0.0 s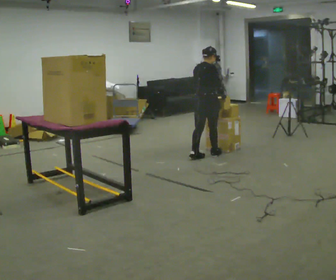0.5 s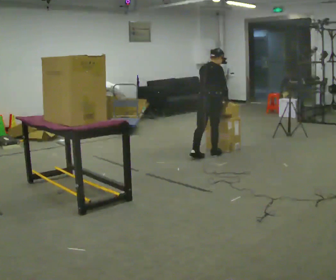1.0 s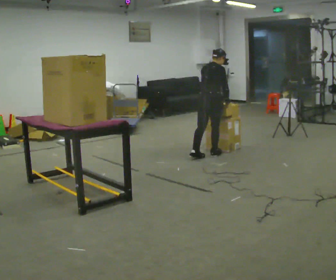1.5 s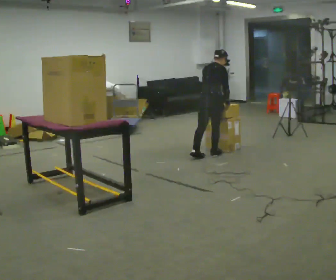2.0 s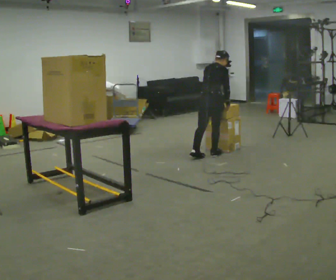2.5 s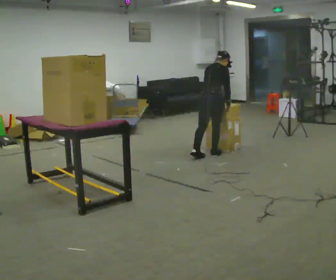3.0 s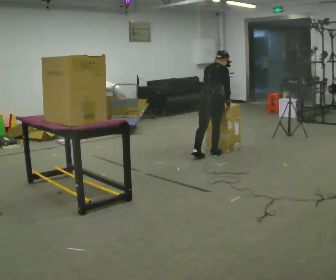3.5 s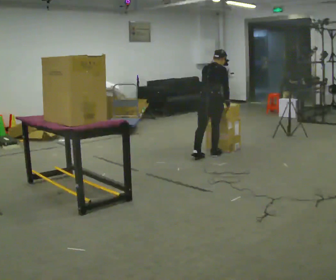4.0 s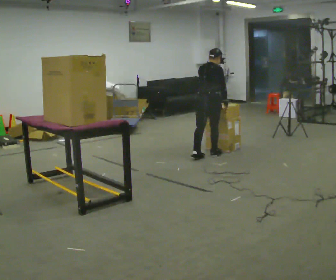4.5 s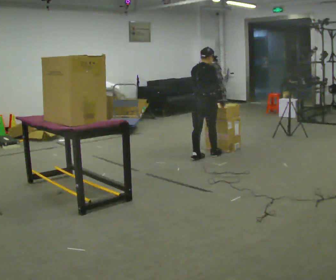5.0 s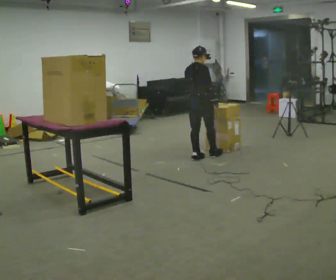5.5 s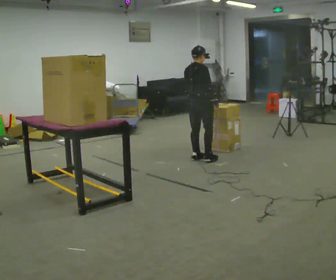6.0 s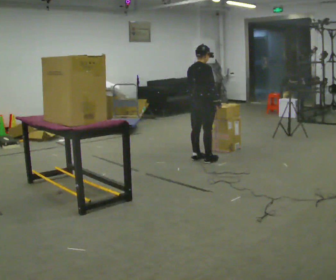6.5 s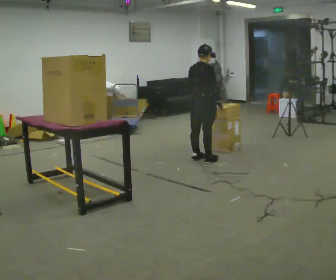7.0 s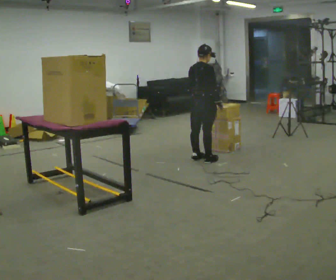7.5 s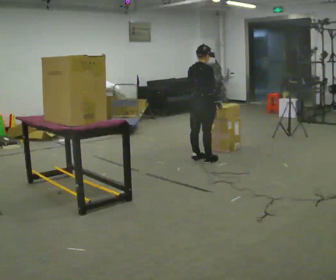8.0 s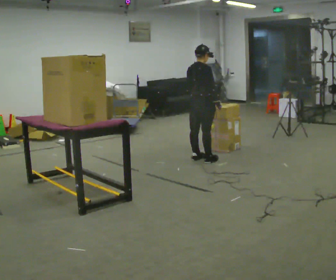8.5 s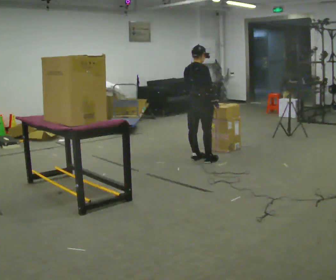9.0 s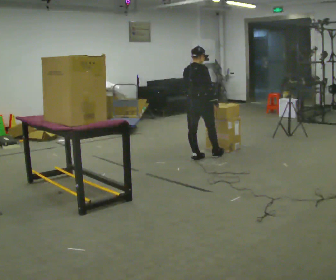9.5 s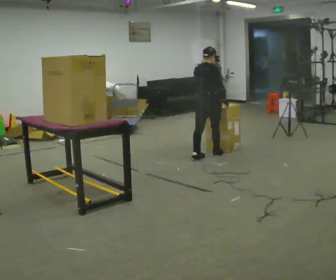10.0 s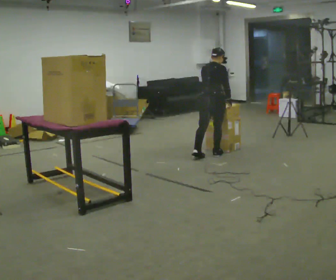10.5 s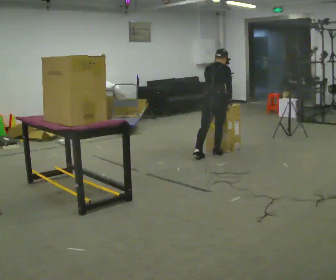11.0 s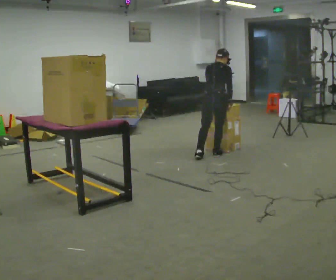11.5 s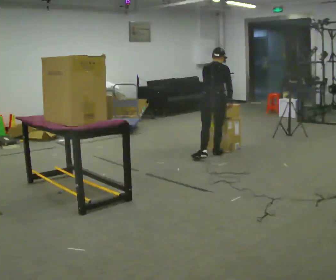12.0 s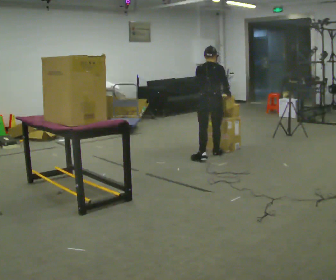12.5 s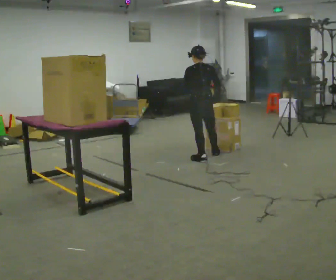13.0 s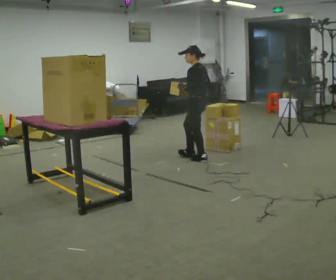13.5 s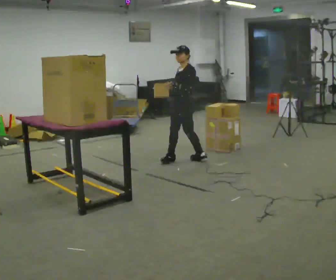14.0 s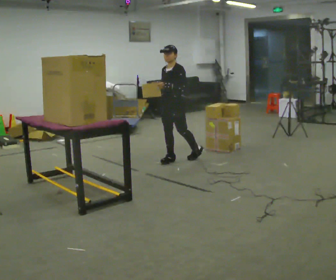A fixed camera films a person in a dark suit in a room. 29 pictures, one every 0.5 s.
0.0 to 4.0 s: The person moves a little, or ends about where they began.
4.0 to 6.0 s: In the picture they go toward the camera, about 0.25 m in 1 step, which for them is backward.
6.0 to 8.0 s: The person moves a little, or ends about where they began.
8.0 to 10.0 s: In the picture they go away from the camera, about 0.25 m in 1 step, which for them is forward.
10.0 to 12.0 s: The person moves a little, or ends about where they began.
12.0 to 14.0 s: The part of the body nearest the lens slides to the right as the person turns to their left by about 150 degrees. In the picture they go to the left and toward the camera, about 0.5 m in 1 step.
The film runs forward here.
